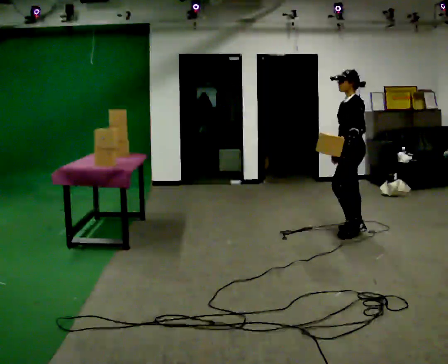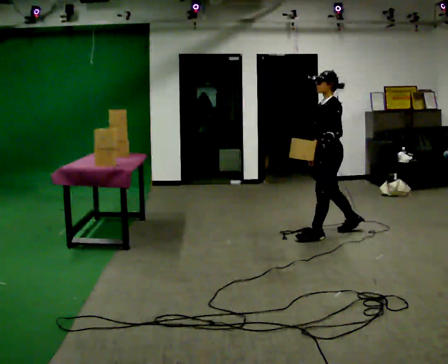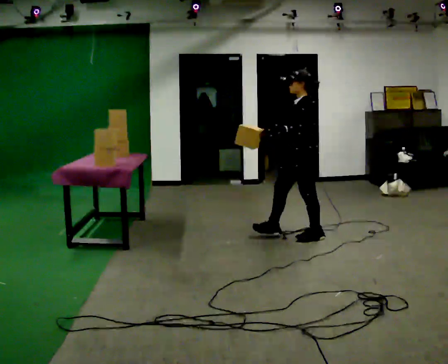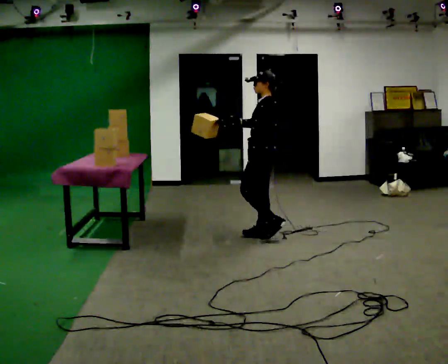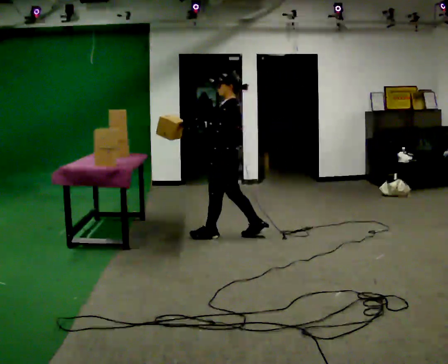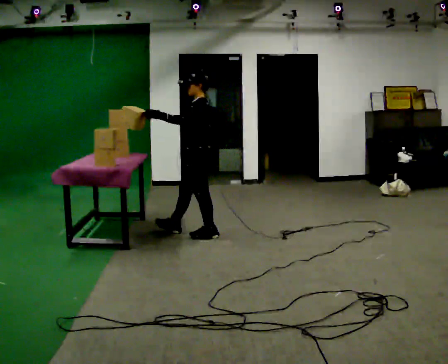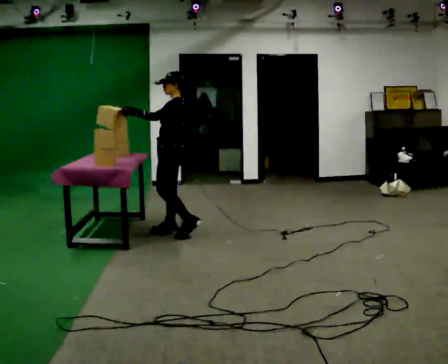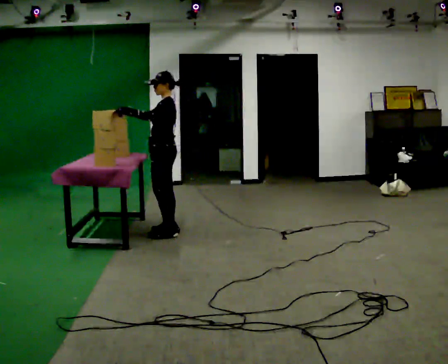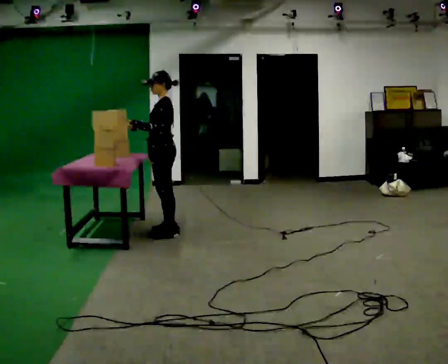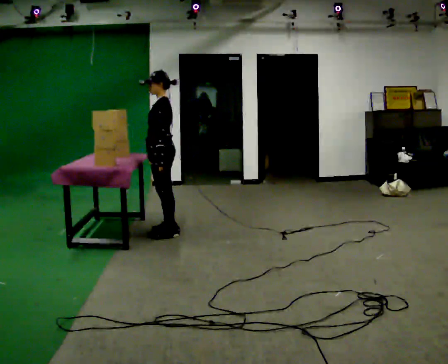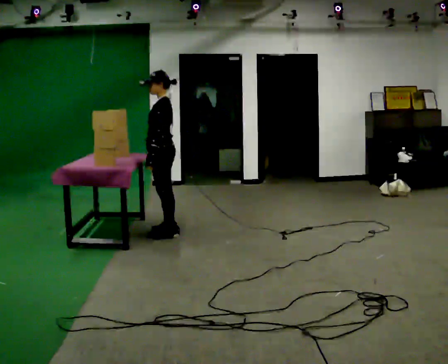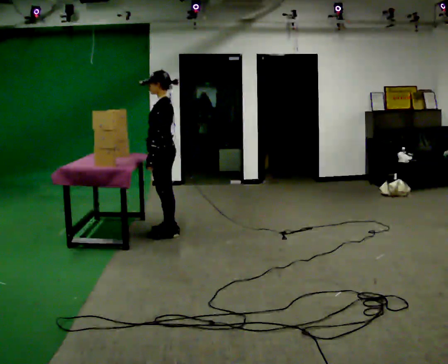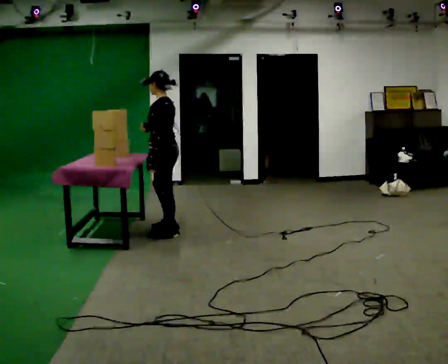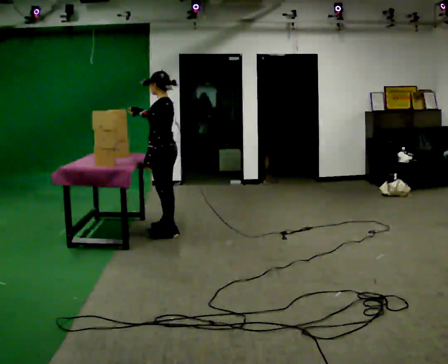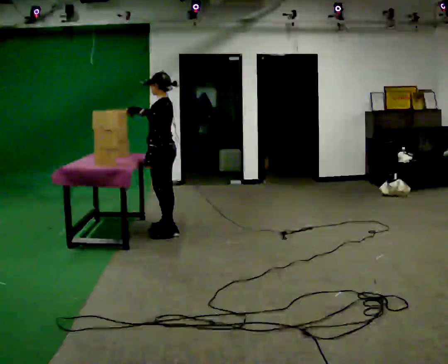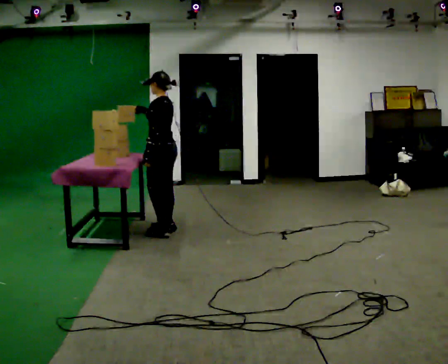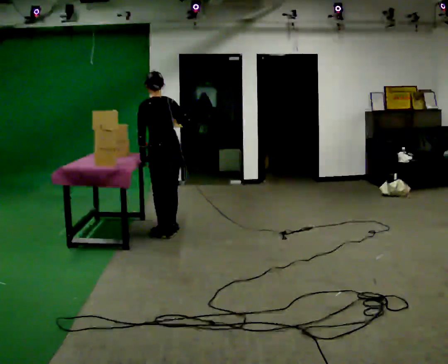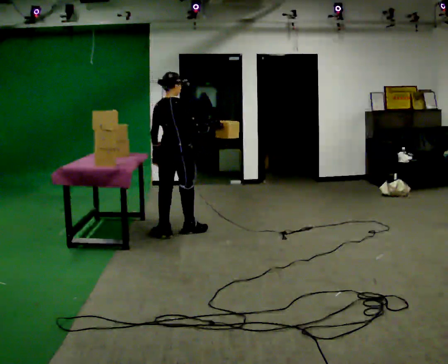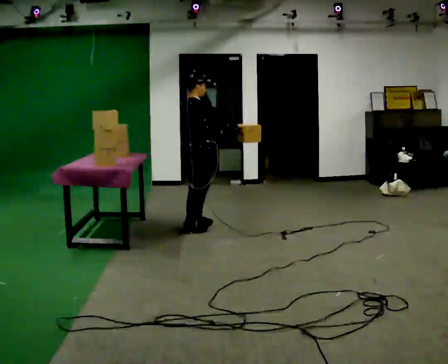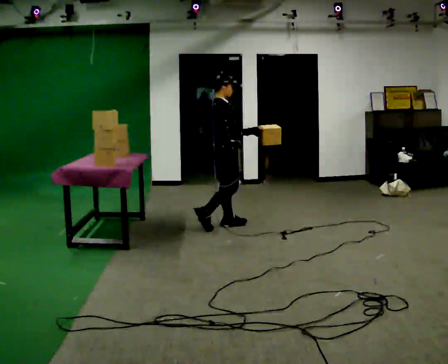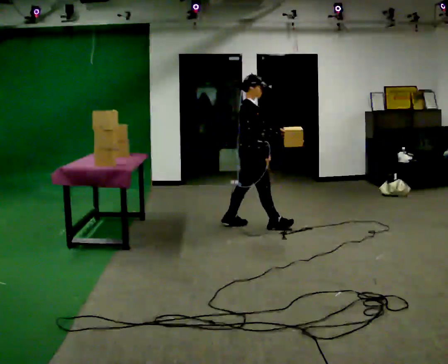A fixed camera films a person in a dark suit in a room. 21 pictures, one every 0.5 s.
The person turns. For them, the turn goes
to their right.
The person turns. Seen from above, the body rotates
clockwise.
0.0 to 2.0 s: In the picture they go to the left, about 1 m in 3 steps, which for them is forward.
2.0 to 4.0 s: In the picture they go to the left, about 0.5 m in 2 steps, which for them is forward.
4.0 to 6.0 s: The person moves a little, or ends about where they began.
6.0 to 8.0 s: Seen from above the body turns clockwise, about 60 degrees: to their right, with its near side sliding to the left. In the picture their right hand goes to the right.
8.0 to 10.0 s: The person turns about 120 degrees to their right, clockwise seen from above, so the part of the body nearest the lens slides to the left. In the picture they go to the right, about 1 m in 3 steps.
The film runs forward here.
